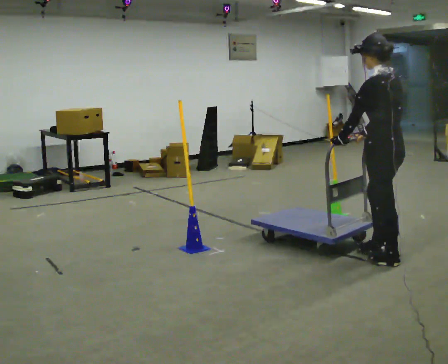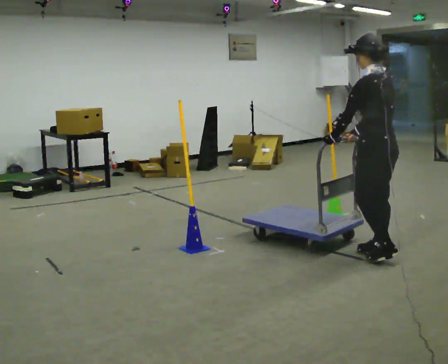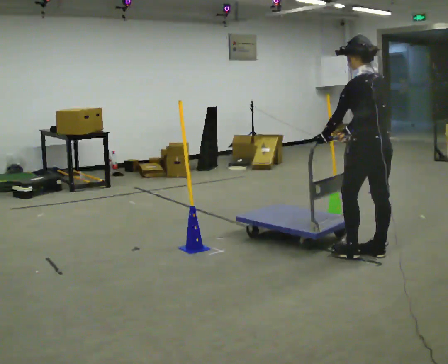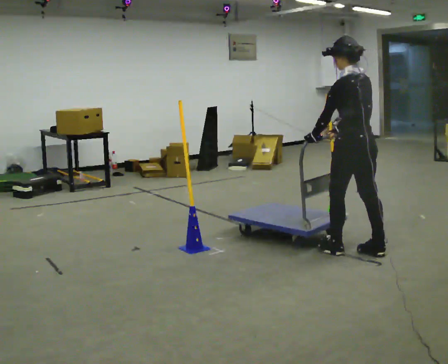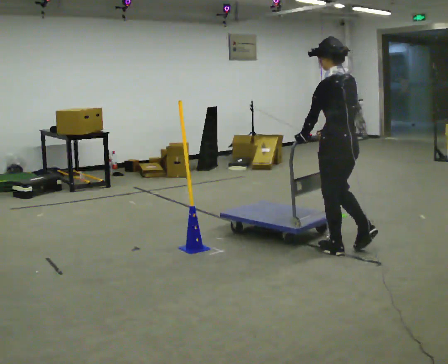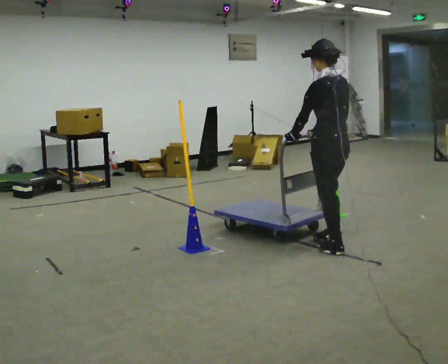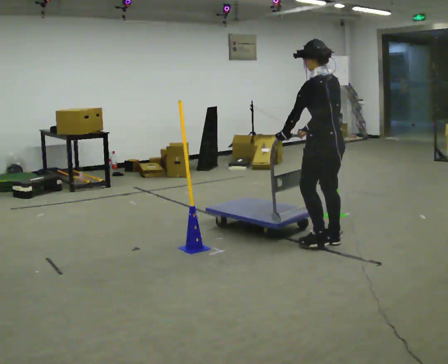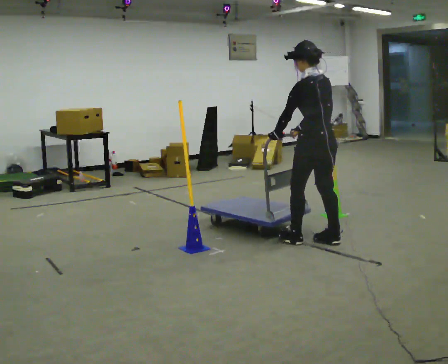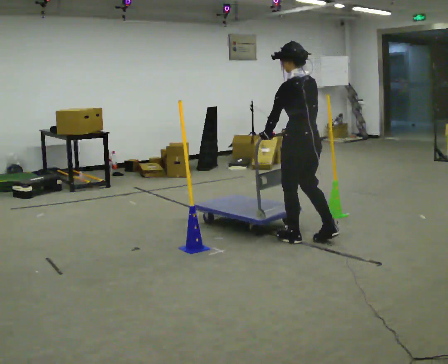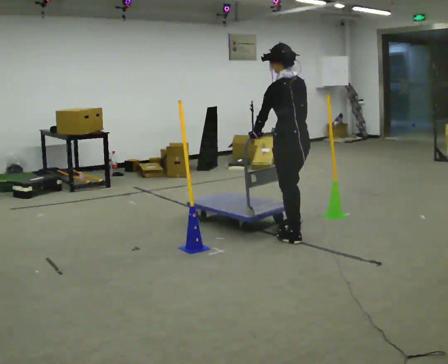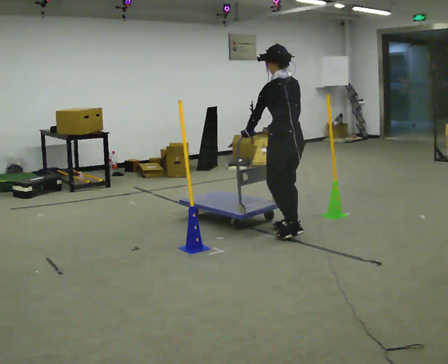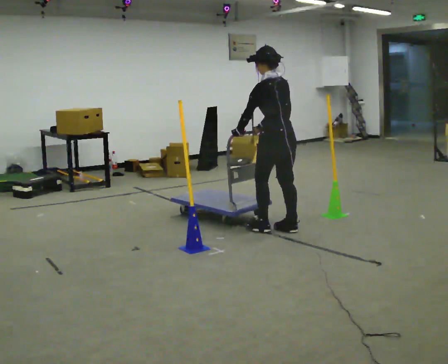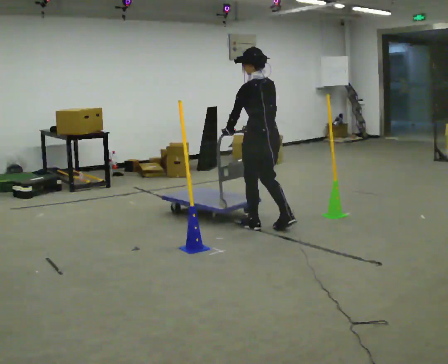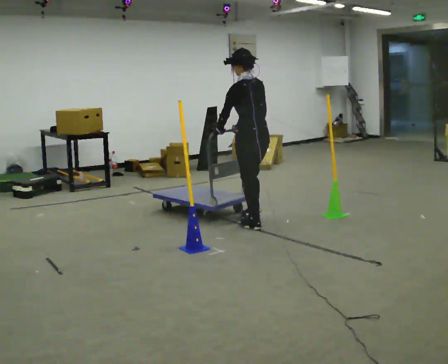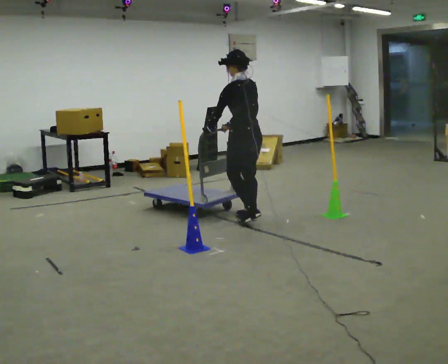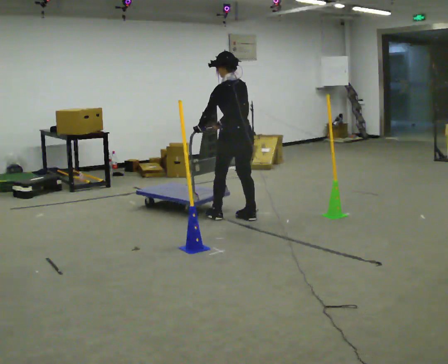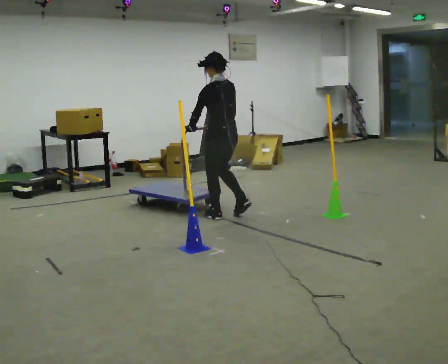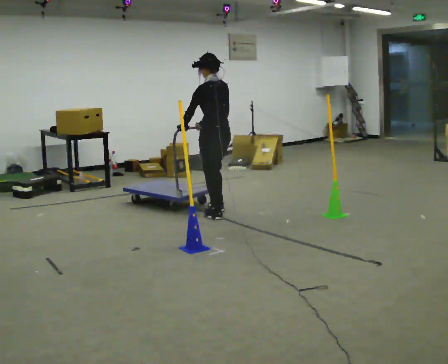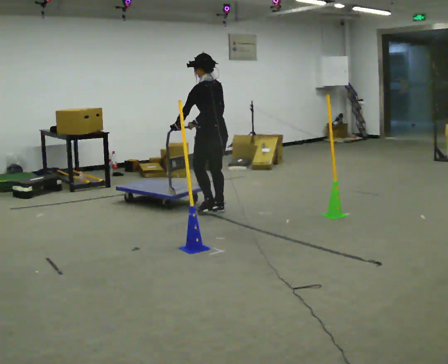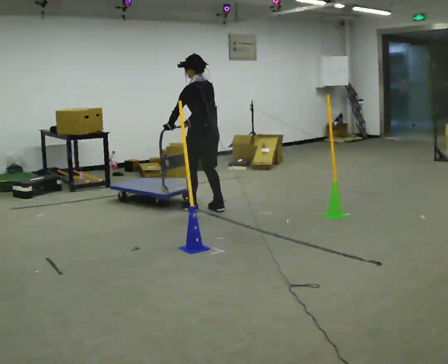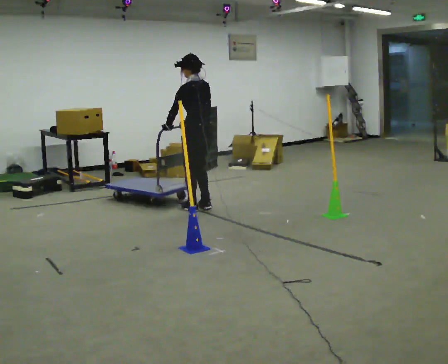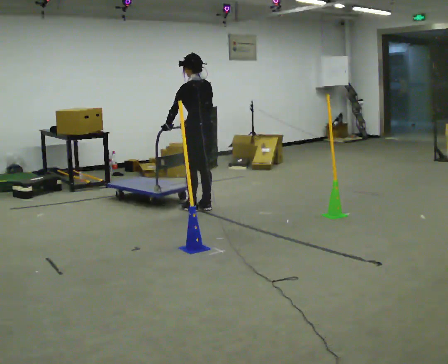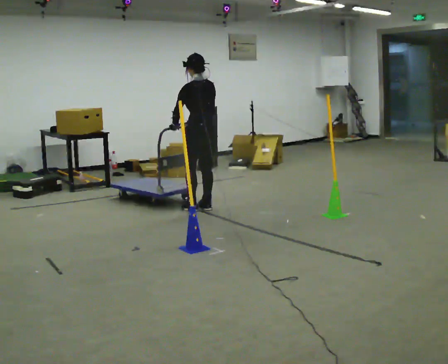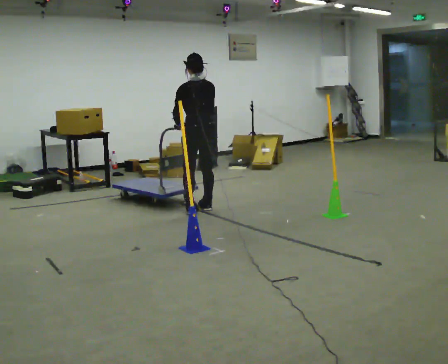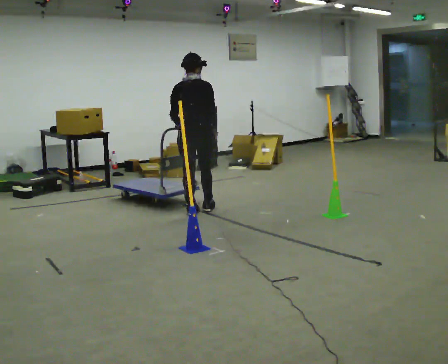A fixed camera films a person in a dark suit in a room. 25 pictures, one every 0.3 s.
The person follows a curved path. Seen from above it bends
counterclockwise.
0.0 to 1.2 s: In the picture they go to the left and away from the camera, about 0.5 m in 1 step, which for them is forward.
1.2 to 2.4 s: In the picture they go away from the camera and to the left, about 0.5 m in 2 steps, which for them is forward.
2.4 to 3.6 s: In the picture they go away from the camera and to the left, about 0.5 m in 2 steps, which for them is forward.
3.6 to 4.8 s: In the picture they go away from the camera and to the left, about 0.5 m in 2 steps, which for them is forward.
4.8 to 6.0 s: In the picture they go away from the camera and to the left, about 0.5 m in 2 steps, which for them is forward.
6.0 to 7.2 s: The part of the body nearest the lens slides to the left as the person turns to their right by about 60 degrees. In the picture they go toward the camera, about 0.25 m in 1 step, which for them is to their left and backward. In the picture their right hand goes to the right, the arm swinging counterclockwise.
The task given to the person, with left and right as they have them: Push the cart through the gap between the poles without touching them, then bring it back through.
The film runs forward here.
